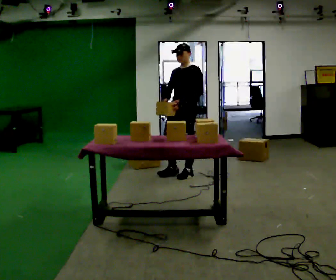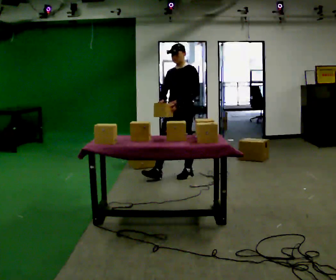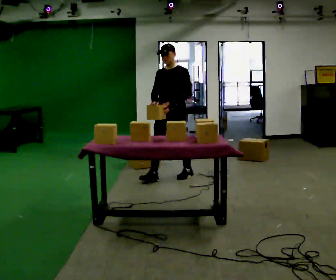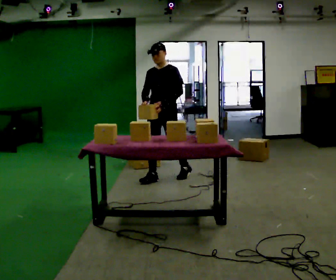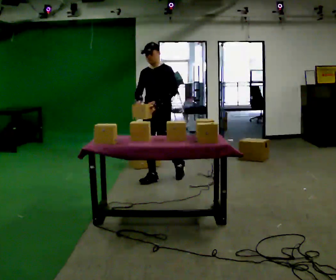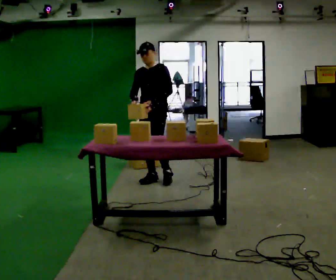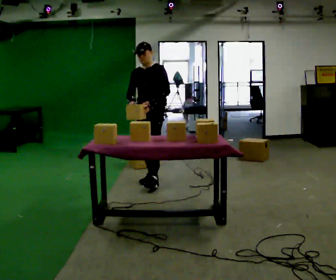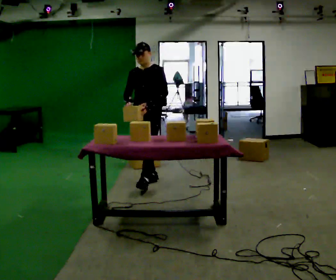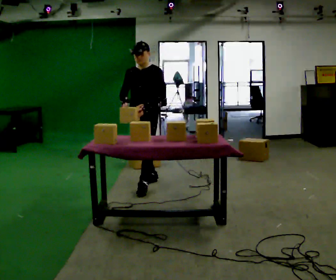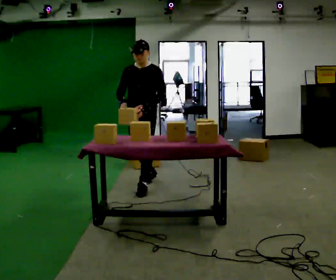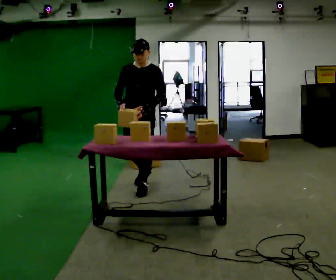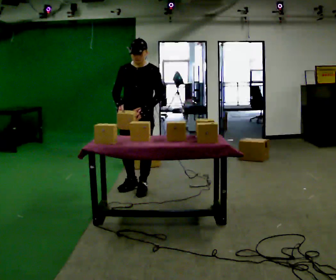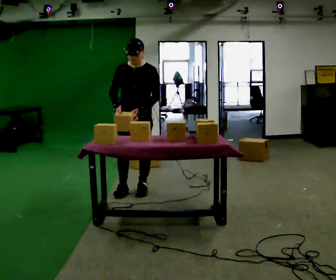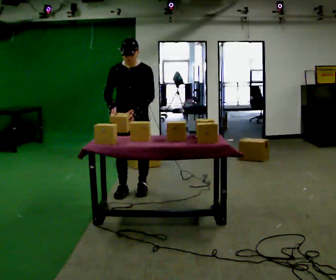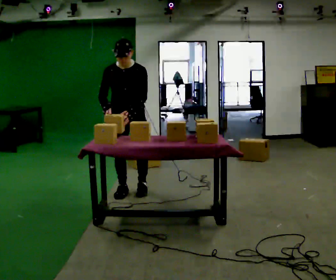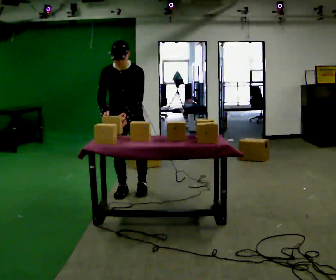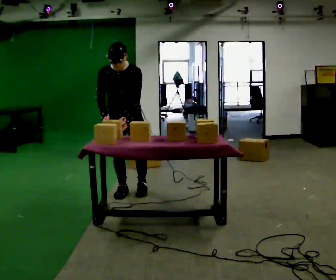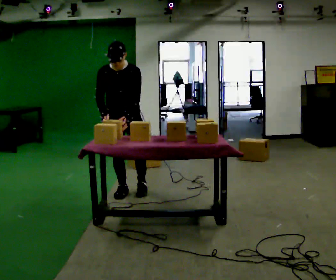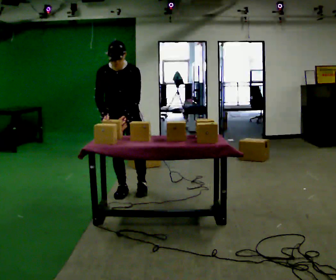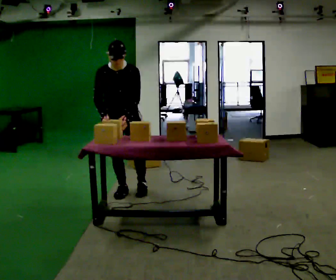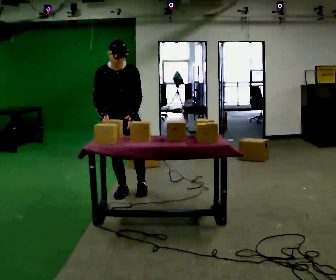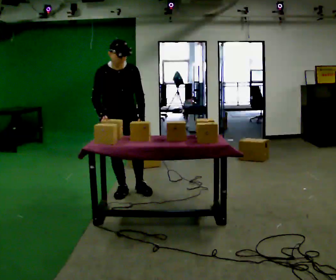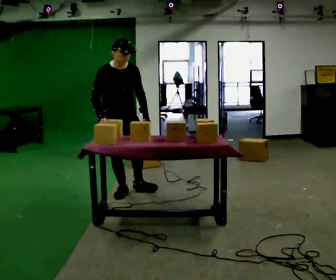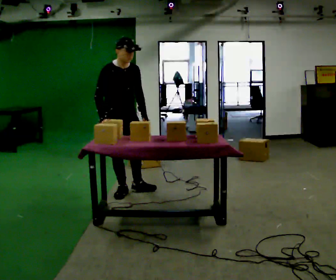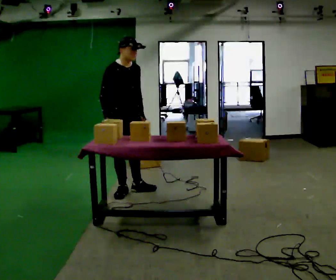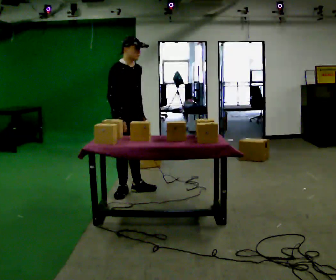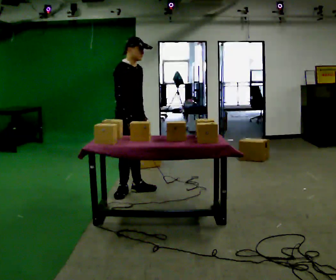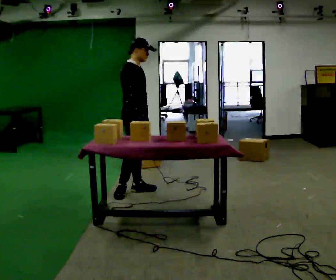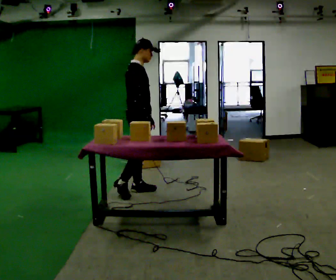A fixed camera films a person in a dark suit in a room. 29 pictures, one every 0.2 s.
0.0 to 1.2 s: In the picture they go to the left and toward the camera, about 0.5 m in 1 step, which for them is forward and to their right.
1.2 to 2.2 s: In the picture they go toward the camera, about 0.5 m in 1 step, which for them is forward.
2.2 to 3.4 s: In the picture they go to the left, about 0.25 m in 1 step, which for them is to their right. The upper body tips toward the camera, its near side rolling downward, as they bend forward.
3.4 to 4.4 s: The part of the body nearest the lens slides to the right as the person turns to their left by about 30 degrees.
4.4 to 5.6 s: The part of the body nearest the lens slides to the right as the person turns to their left by about 60 degrees. In the picture they go to the right, about 0.25 m, which for them is to their left and forward.
The film runs forward here.
